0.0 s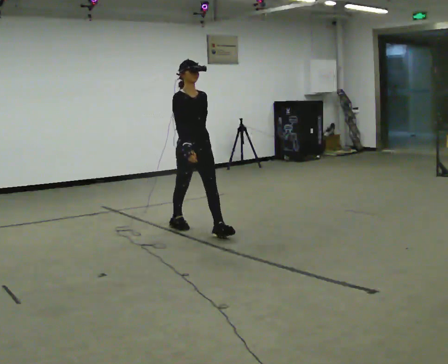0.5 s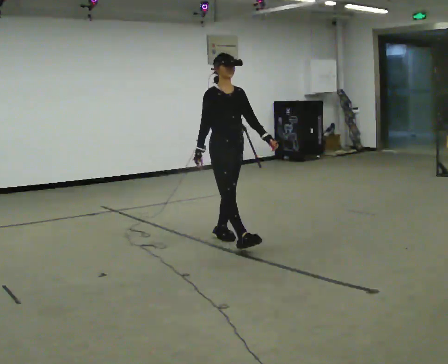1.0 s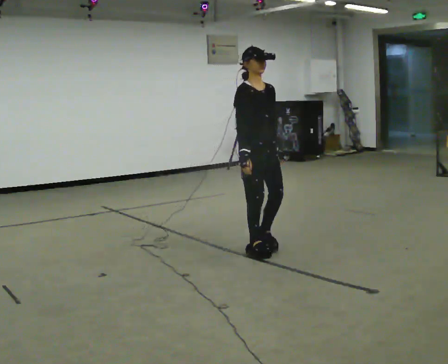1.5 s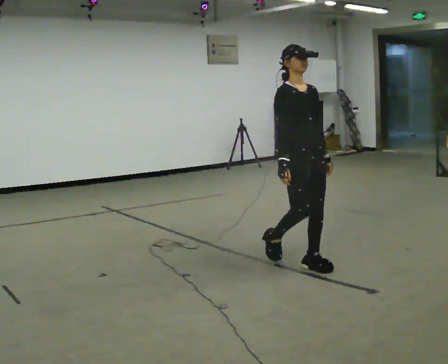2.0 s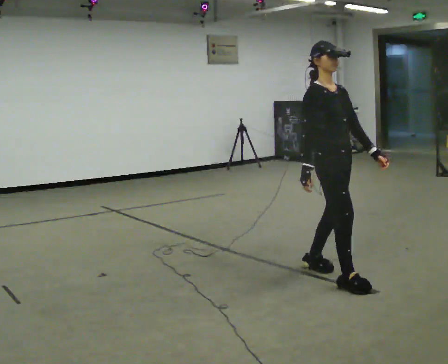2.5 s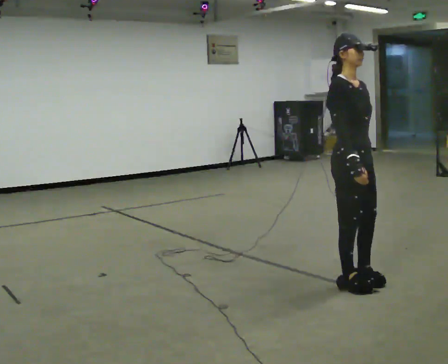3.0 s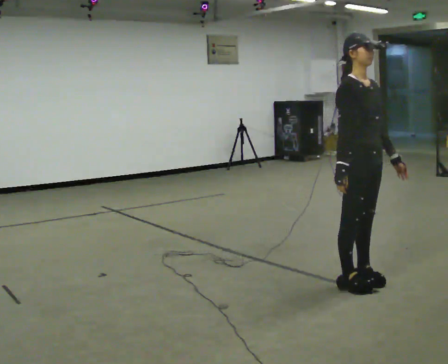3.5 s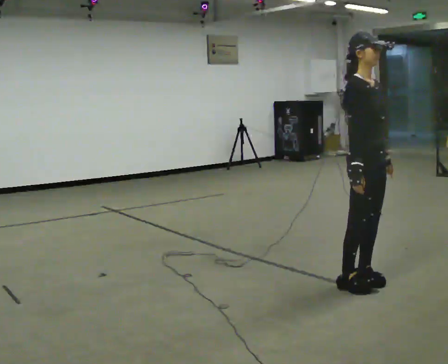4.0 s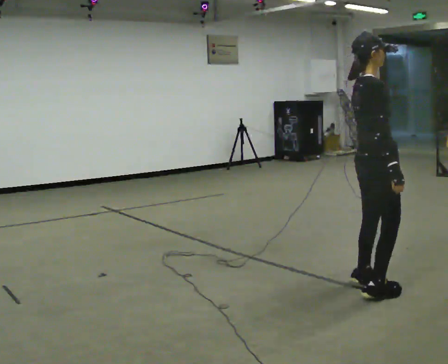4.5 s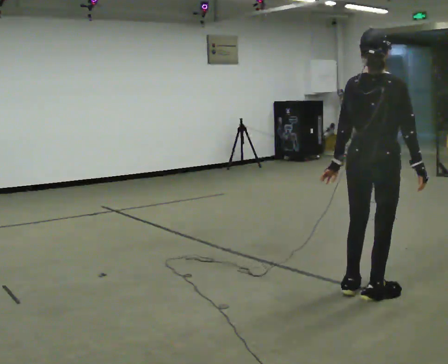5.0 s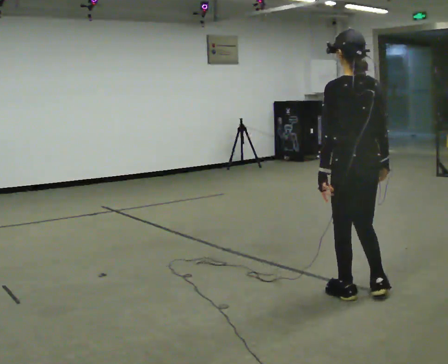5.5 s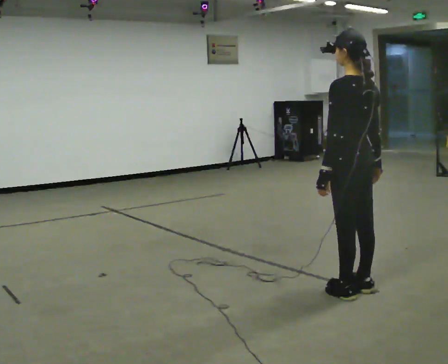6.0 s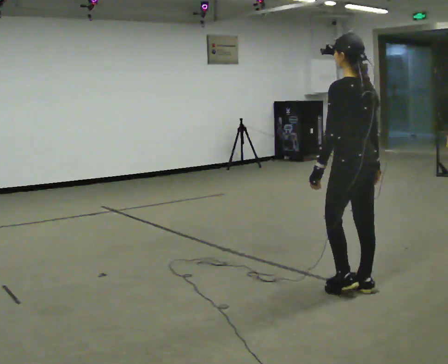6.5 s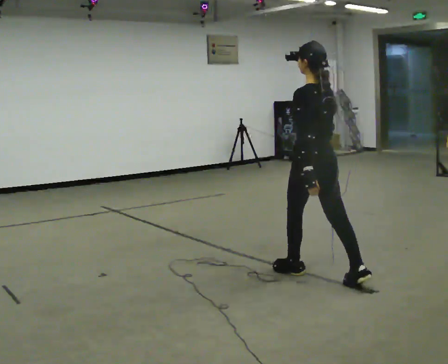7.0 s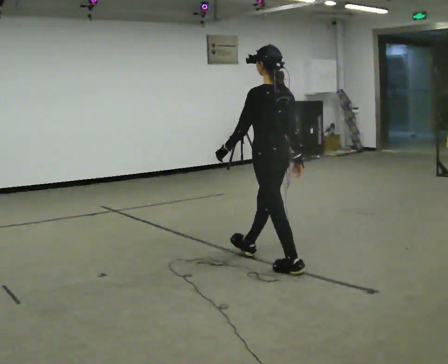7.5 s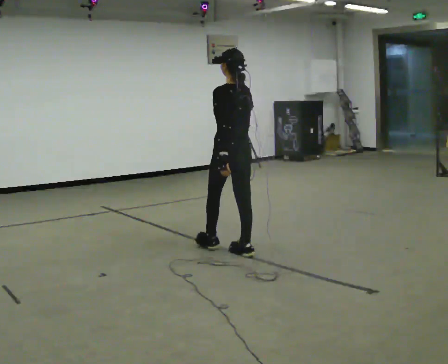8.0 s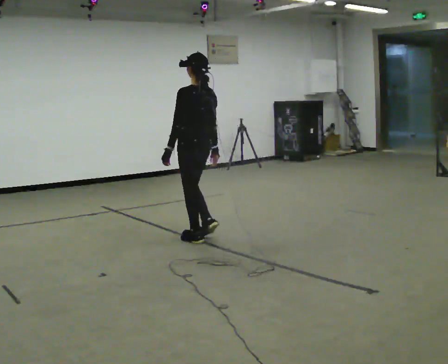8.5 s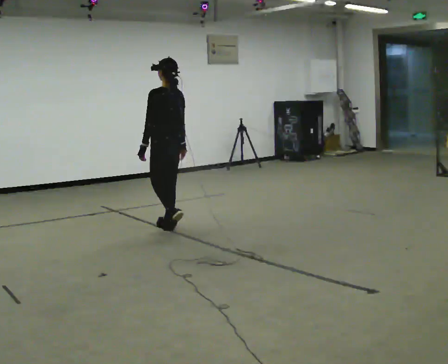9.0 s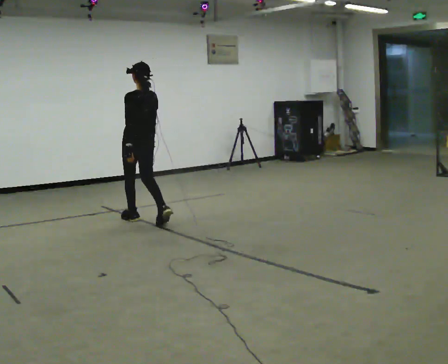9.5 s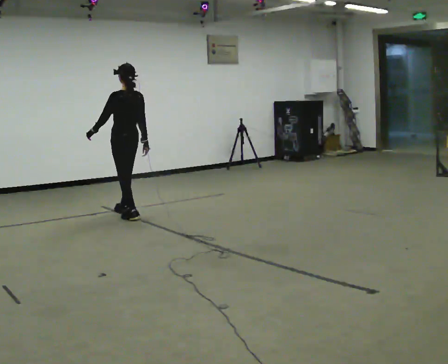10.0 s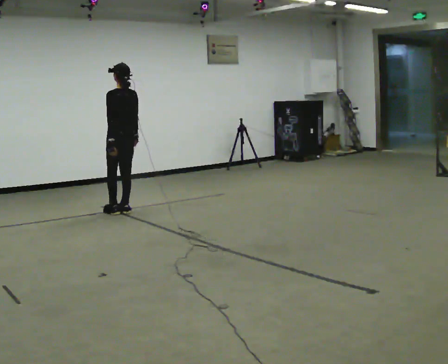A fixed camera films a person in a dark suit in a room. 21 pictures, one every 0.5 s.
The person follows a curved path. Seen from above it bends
clockwise.
0.0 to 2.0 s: In the picture they go toward the camera and to the right, about 2 m in 4 steps, which for them is forward.
2.0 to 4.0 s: Seen from above the body turns counterclockwise, about 45 degrees: to their left, with its near side sliding to the right. In the picture they go to the right and toward the camera, about 0.25 m in 2 steps, which for them is forward.
4.0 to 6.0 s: The person turns about 120 degrees to their left, counterclockwise seen from above, so the part of the body nearest the lens slides to the right.
6.0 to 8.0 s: In the picture they go away from the camera and to the left, about 1.5 m in 3 steps, which for them is forward.
8.0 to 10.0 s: In the picture they go away from the camera and to the left, about 1.5 m in 4 steps, which for them is forward.
The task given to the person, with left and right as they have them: Start still; walk straight at normal comfortable speed; stop at endpoint.
The film runs forward here.
